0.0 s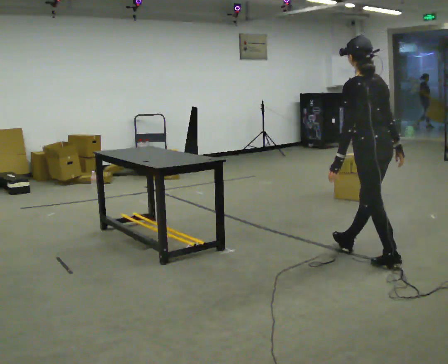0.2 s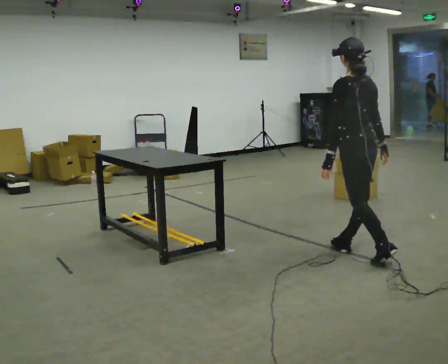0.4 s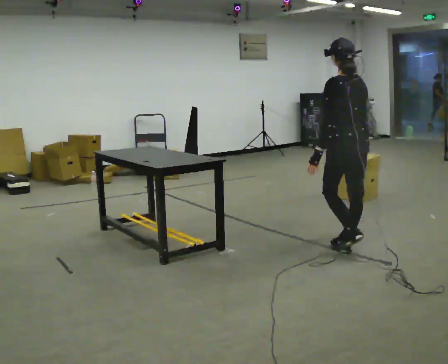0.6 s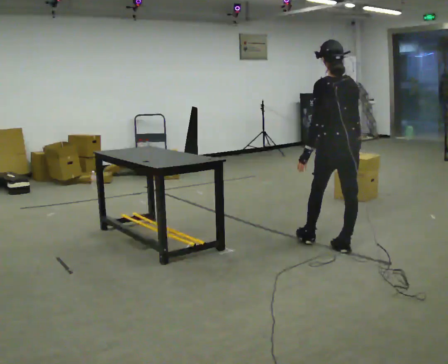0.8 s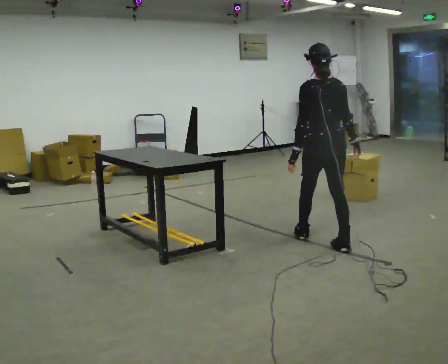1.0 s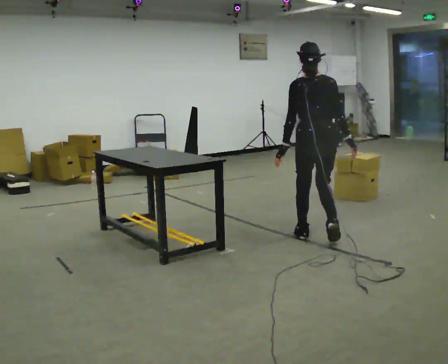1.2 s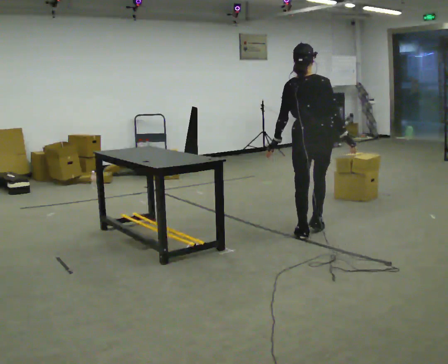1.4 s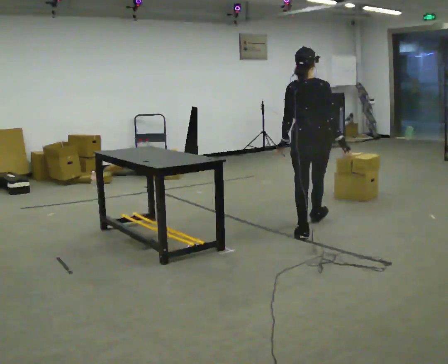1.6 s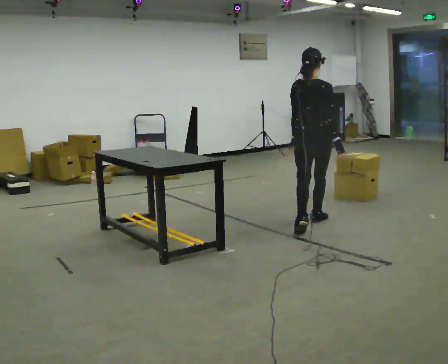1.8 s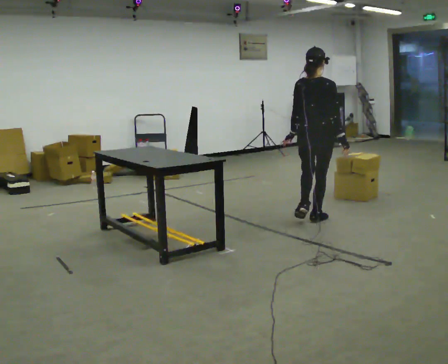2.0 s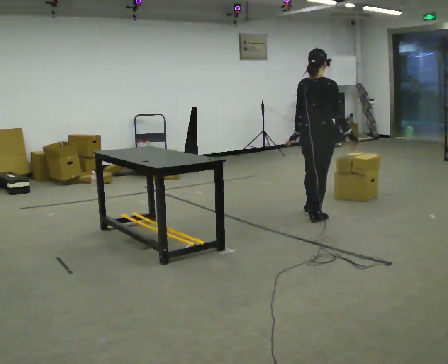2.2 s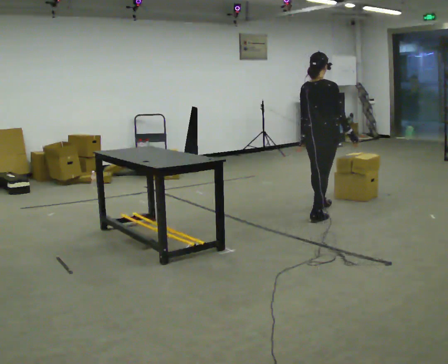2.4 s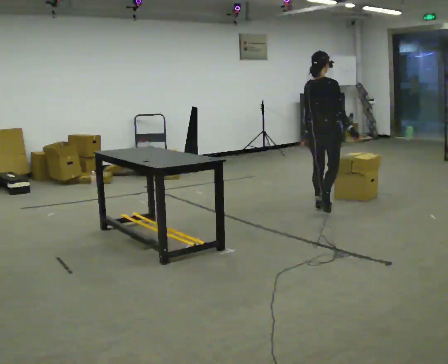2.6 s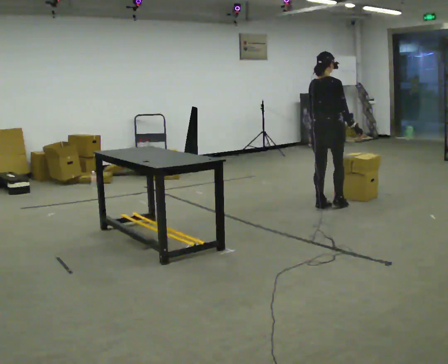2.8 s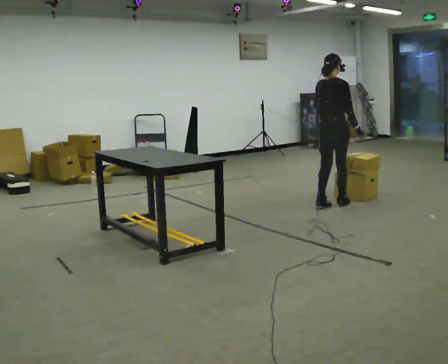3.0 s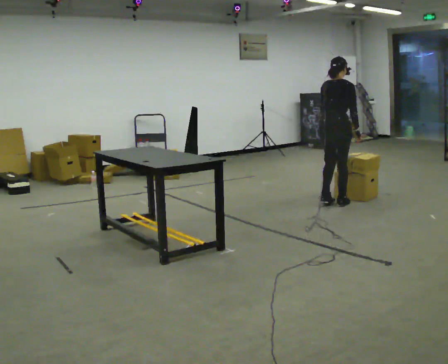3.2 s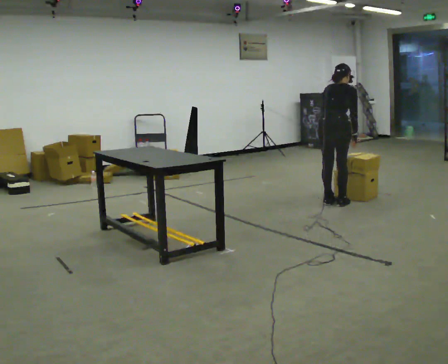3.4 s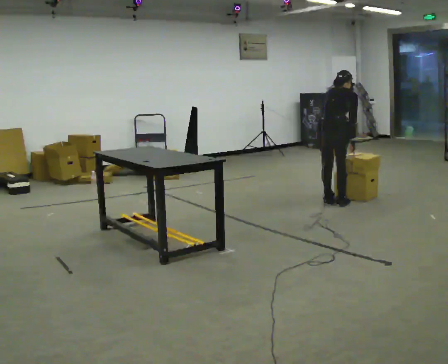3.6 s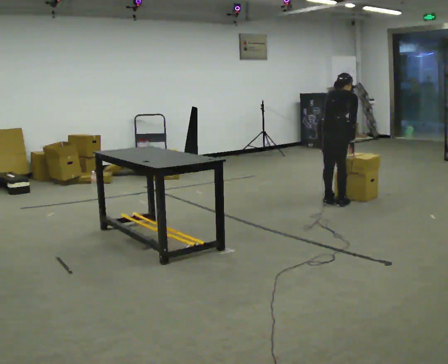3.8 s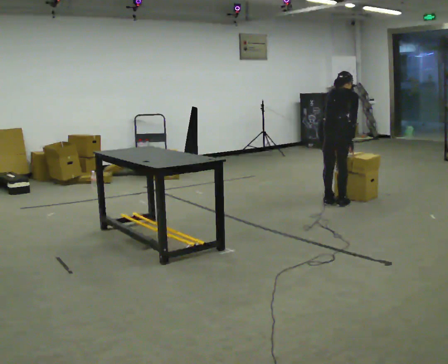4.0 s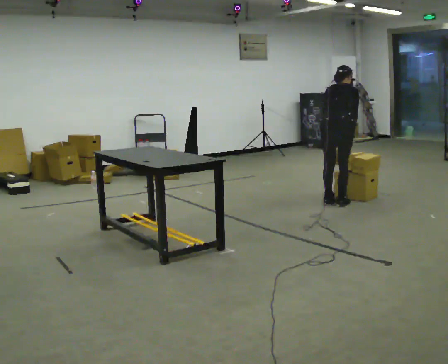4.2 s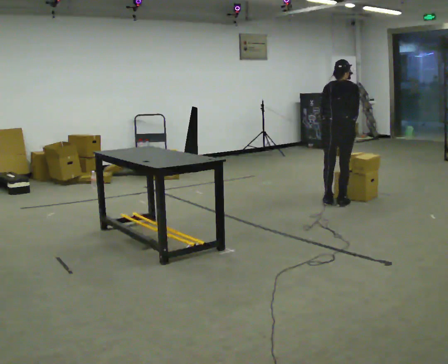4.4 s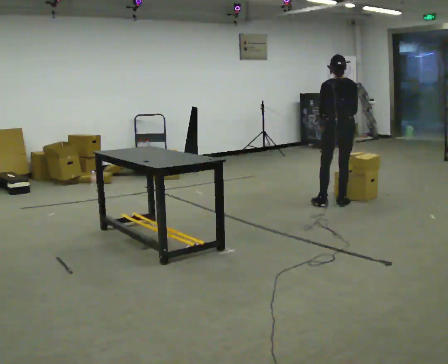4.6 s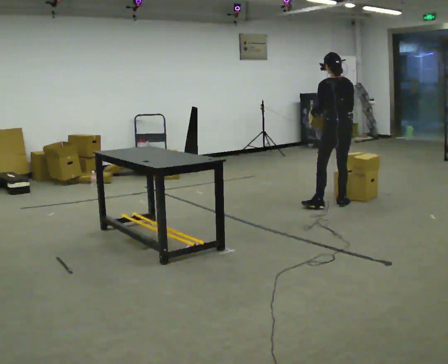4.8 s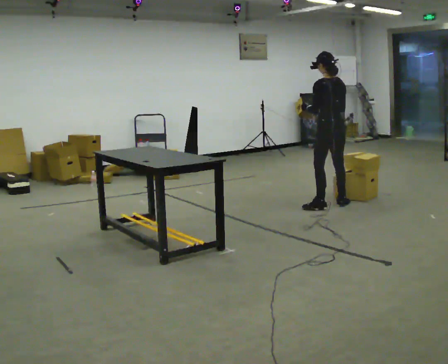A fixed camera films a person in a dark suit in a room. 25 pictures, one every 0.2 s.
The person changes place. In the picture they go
away from the camera.
The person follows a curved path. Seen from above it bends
clockwise.
0.0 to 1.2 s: The part of the body nearest the lens slides to the left as the person turns to their right by about 45 degrees. In the picture they go away from the camera and to the left, about 1 m in 2 steps, which for them is forward.
1.2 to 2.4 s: Seen from above the body turns clockwise, about 30 degrees: to their right, with its near side sliding to the left. In the picture they go away from the camera, about 1 m in 2 steps, which for them is forward.
2.4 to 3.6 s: In the picture they go away from the camera, about 0.25 m in 2 steps, which for them is forward. The upper body tips away from the camera, its near side rolling upward, as they bend forward.
3.6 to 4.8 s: The part of the body nearest the lens slides to the right as the person turns to their left by about 60 degrees. The upper body tips toward the camera, its near side rolling downward, as they lean back or straighten. In the picture their right hand goes upward and to the left.
The film runs forward here.
